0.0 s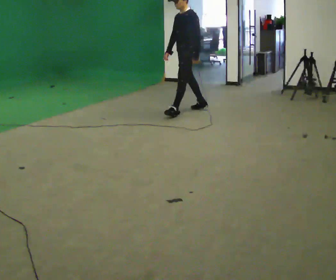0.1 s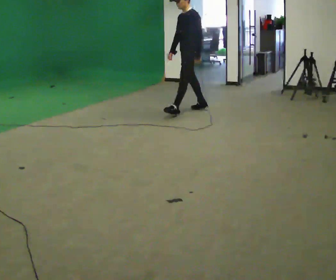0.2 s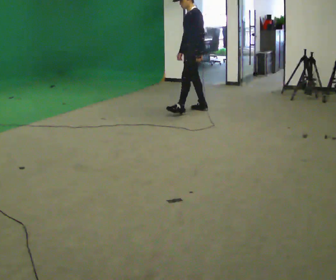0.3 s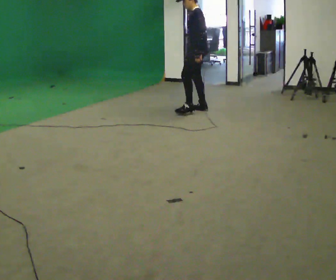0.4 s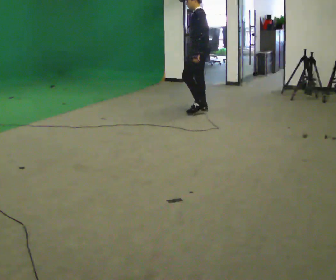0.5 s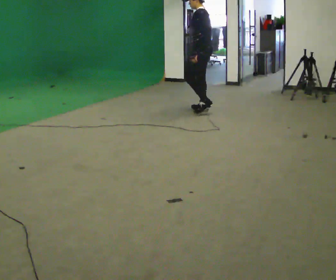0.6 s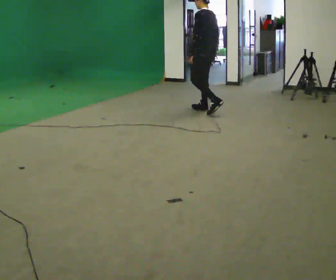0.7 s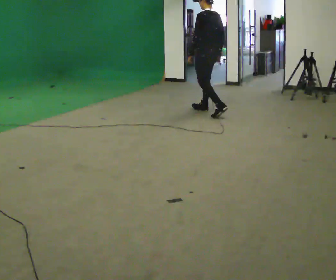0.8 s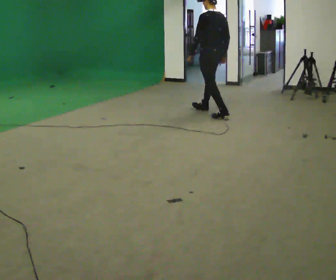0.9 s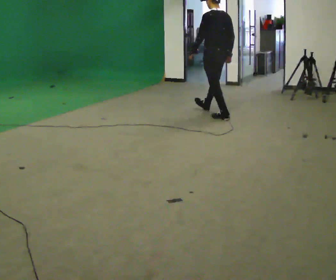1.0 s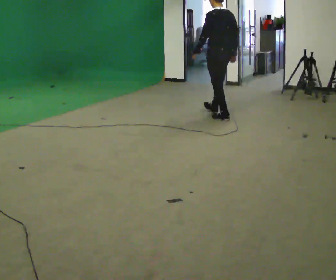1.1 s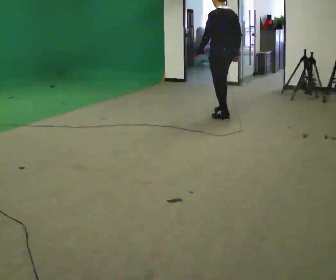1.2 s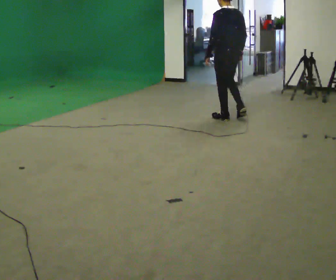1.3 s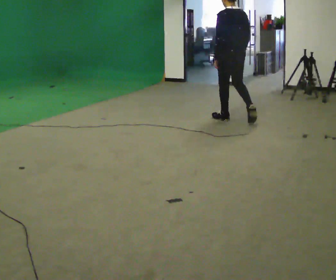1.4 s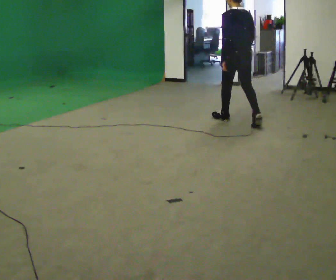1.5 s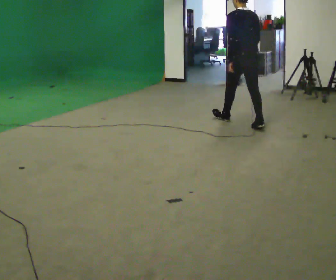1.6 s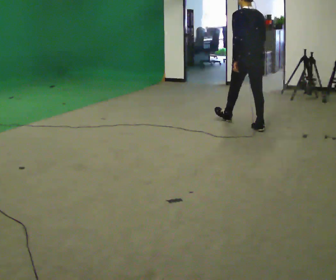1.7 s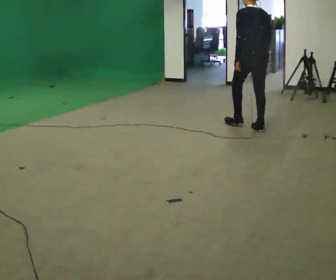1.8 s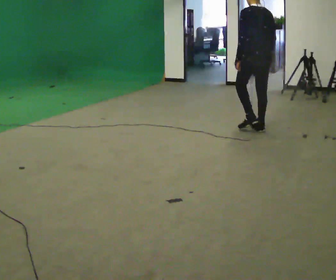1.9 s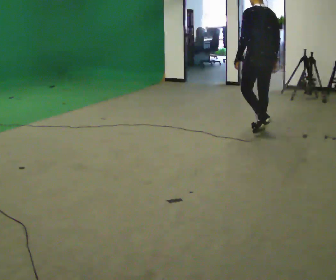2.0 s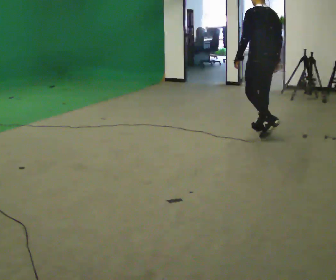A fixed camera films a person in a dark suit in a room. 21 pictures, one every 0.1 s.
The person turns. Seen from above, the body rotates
clockwise.
The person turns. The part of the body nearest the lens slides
to the left.
0.0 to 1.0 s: The person turns about 75 degrees to their right, clockwise seen from above, so the part of the body nearest the lens slides to the left. In the picture they go to the right and toward the camera, about 0.5 m in 2 steps.
1.0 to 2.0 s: In the picture they go toward the camera and to the right, about 1 m in 1 step, which for them is backward.
The film runs backward here.
